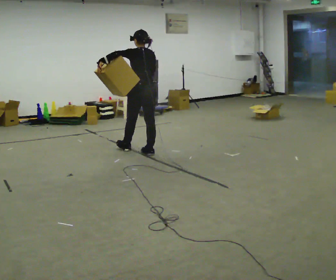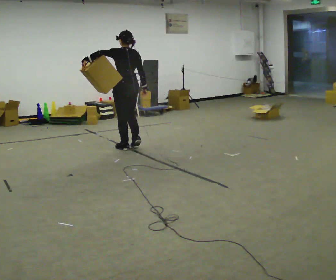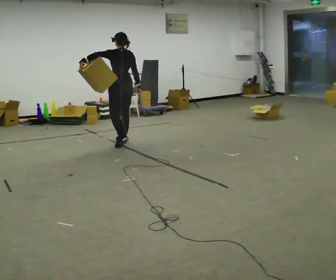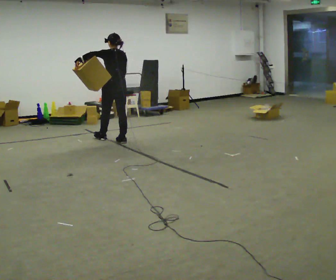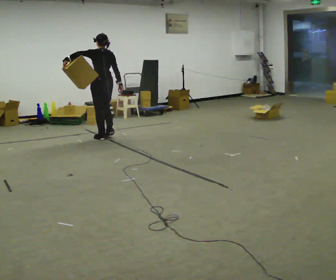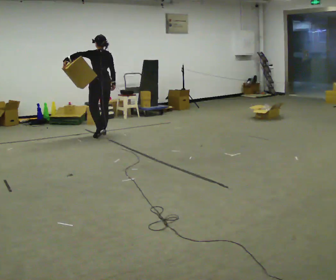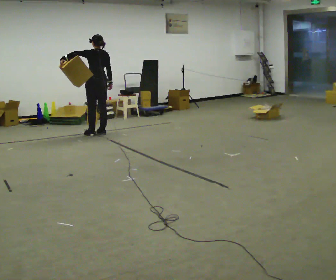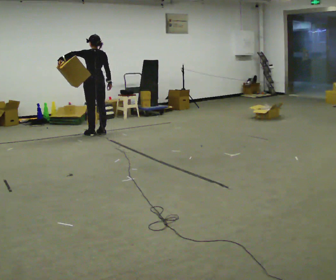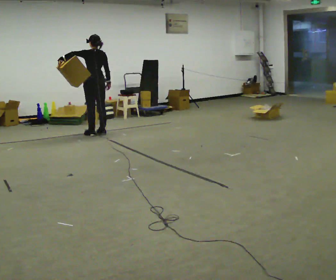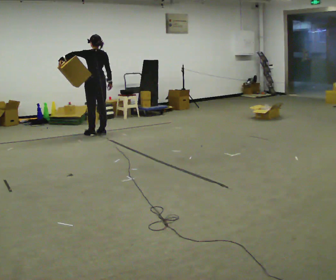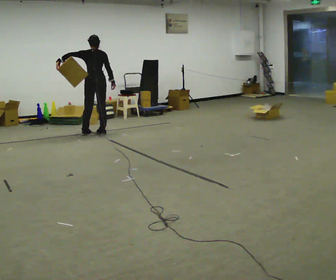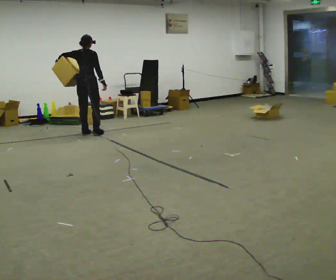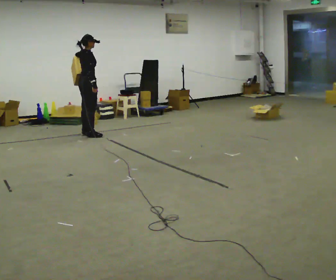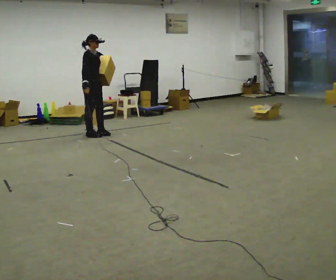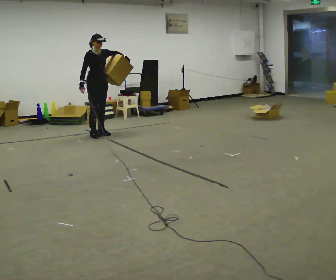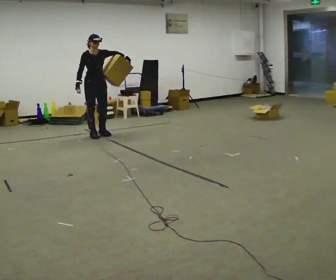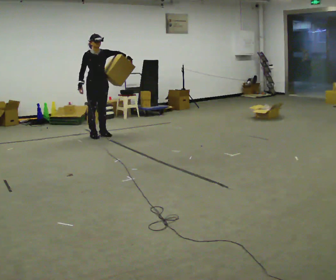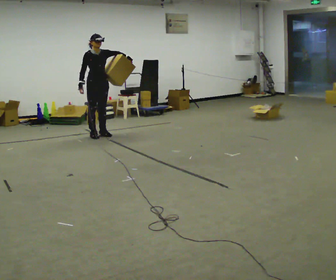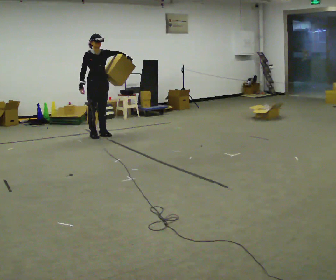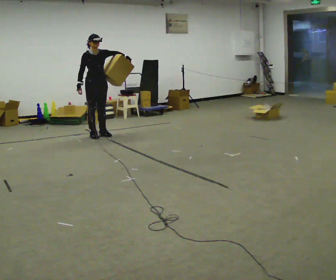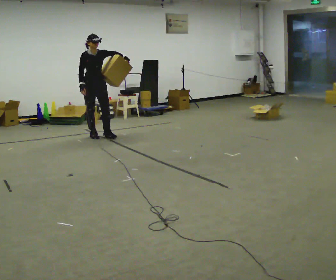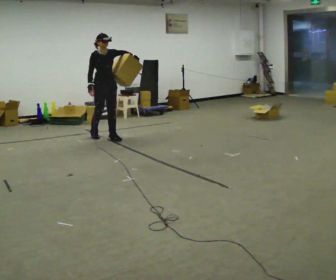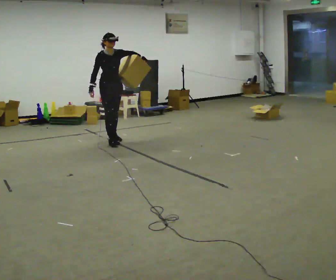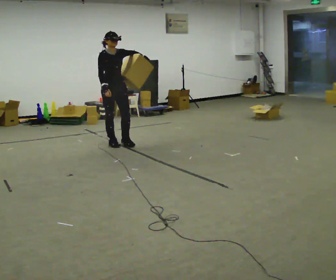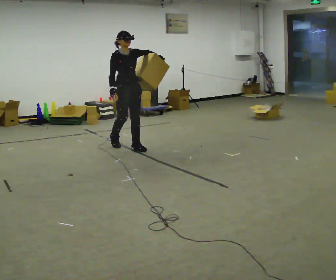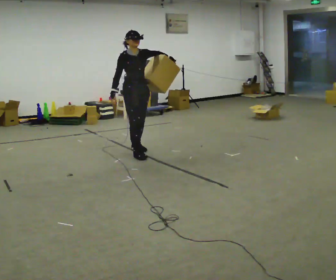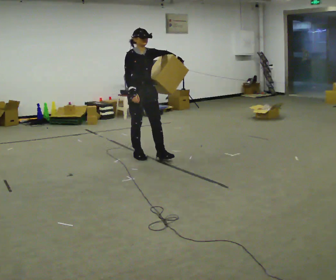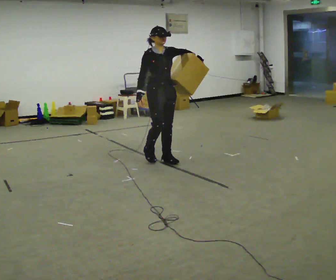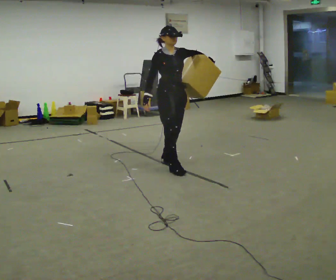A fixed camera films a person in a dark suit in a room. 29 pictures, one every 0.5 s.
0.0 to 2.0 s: In the picture they go away from the camera and to the left, about 1 m in 3 steps, which for them is forward.
2.0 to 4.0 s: In the picture they go away from the camera, about 0.25 m in 2 steps, which for them is forward.
4.0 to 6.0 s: The person turns about 105 degrees to their right, clockwise seen from above, so the part of the body nearest the lens slides to the left.
6.0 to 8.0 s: Seen from above the body turns clockwise, about 75 degrees: to their right, with its near side sliding to the left. In the picture they go to the right, about 0.25 m in 1 step. In the picture their left hand goes to the right.
8.0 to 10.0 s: The person moves a little, or ends about where they began.
10.0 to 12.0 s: In the picture they go toward the camera and to the right, about 1 m in 3 steps, which for them is forward.
12.0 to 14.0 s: In the picture they go toward the camera and to the right, about 1 m in 3 steps, which for them is forward.
The film runs forward here.
